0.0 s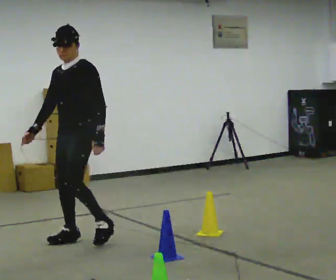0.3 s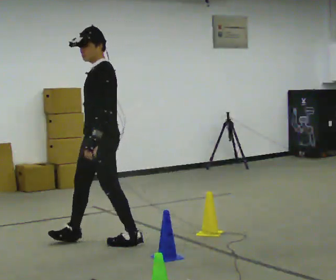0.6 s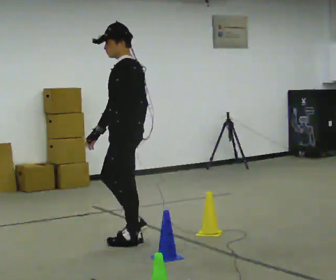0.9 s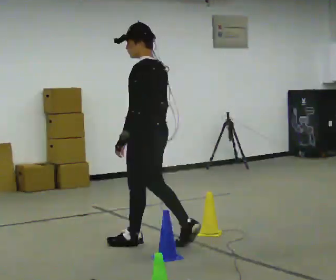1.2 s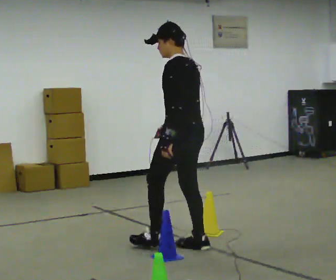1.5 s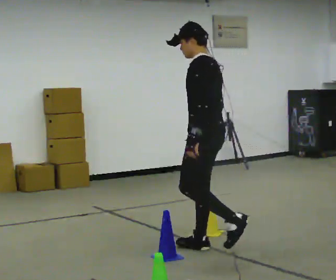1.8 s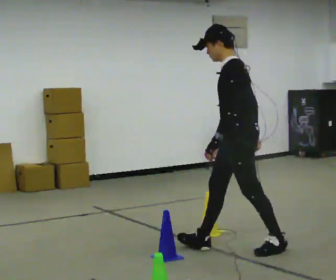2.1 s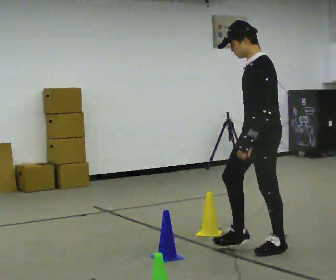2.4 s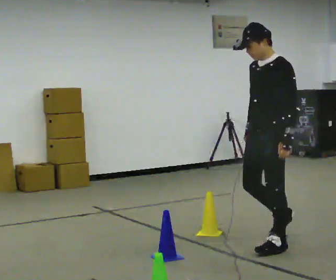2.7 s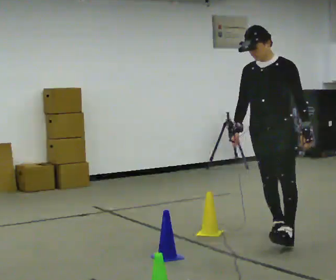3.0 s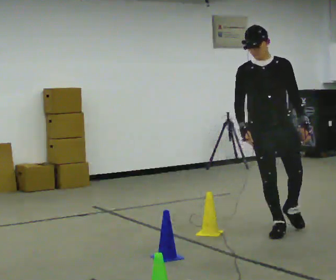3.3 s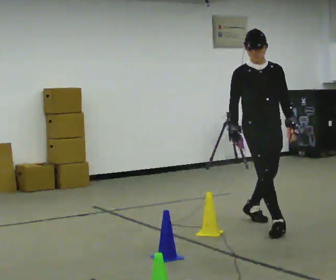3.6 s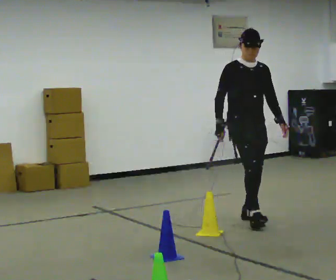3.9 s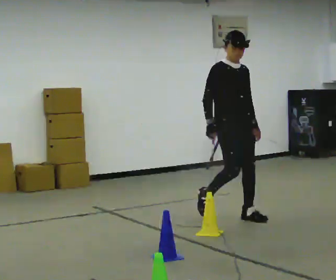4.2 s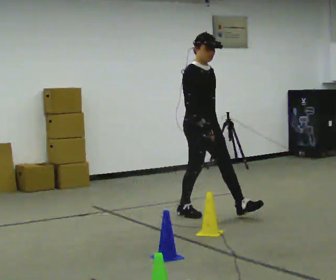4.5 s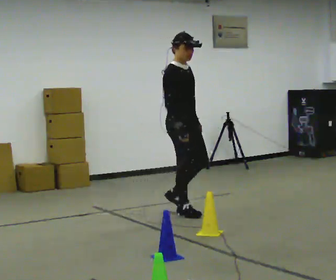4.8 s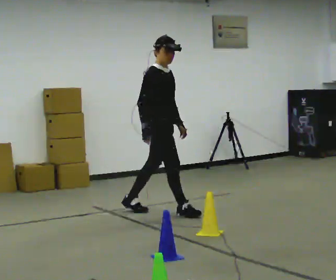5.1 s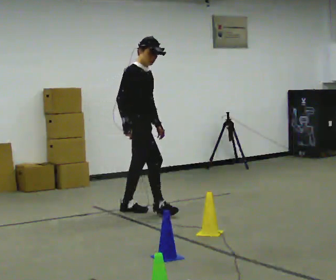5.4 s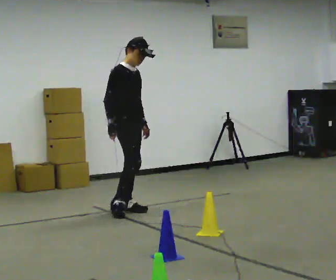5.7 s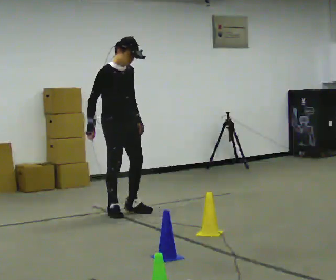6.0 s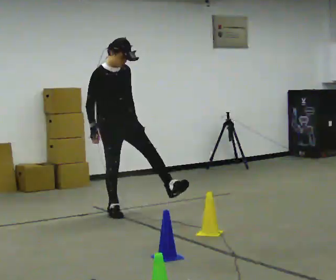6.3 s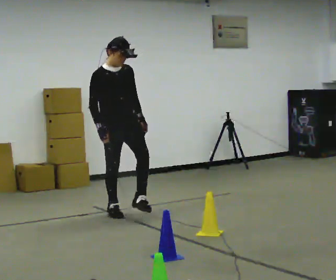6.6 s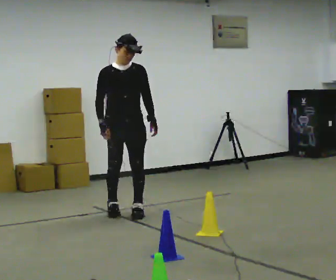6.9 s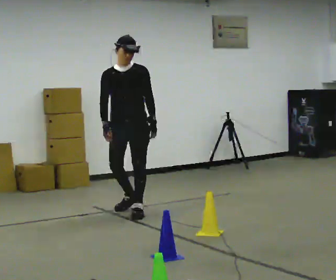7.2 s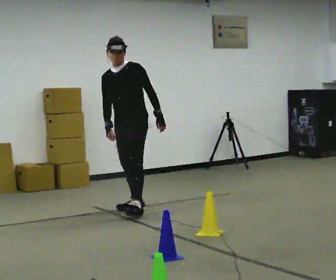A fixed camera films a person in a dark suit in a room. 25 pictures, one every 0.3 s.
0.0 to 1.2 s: Seen from above the body turns clockwise, about 75 degrees: to their right, with its near side sliding to the left. In the picture they go to the right, about 1 m in 2 steps.
1.2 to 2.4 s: The person turns about 60 degrees to their left, counterclockwise seen from above, so the part of the body nearest the lens slides to the right. In the picture they go to the right, about 0.75 m in 1 step.
2.4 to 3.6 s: The part of the body nearest the lens slides to the right as the person turns to their left by about 90 degrees. In the picture they go away from the camera, about 1 m in 2 steps.
3.6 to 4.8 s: The person turns about 45 degrees to their left, counterclockwise seen from above, so the part of the body nearest the lens slides to the right. In the picture they go to the left and away from the camera, about 1 m in 1 step, which for them is backward.
4.8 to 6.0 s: Seen from above the body turns clockwise, about 45 degrees: to their right, with its near side sliding to the left. In the picture they go to the left, about 0.5 m in 2 steps, which for them is backward.
6.0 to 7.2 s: The person turns about 60 degrees to their right, clockwise seen from above, so the part of the body nearest the lens slides to the left. In the picture they go to the right and away from the camera, about 0.25 m in 1 step.
The film runs backward here.
